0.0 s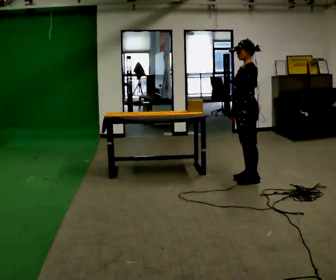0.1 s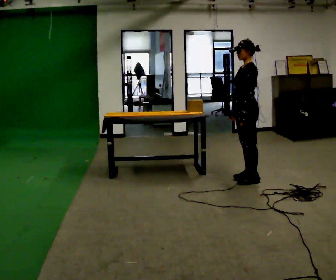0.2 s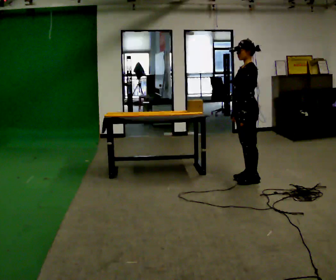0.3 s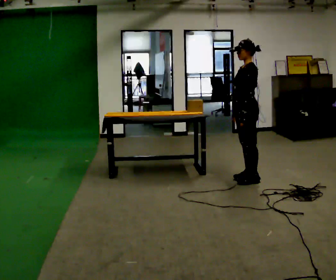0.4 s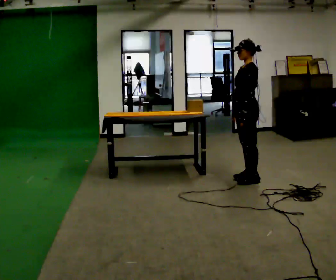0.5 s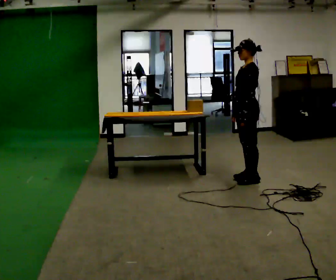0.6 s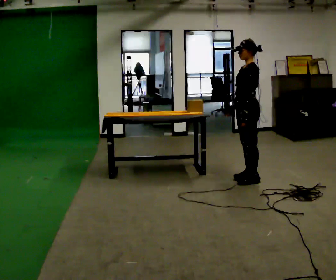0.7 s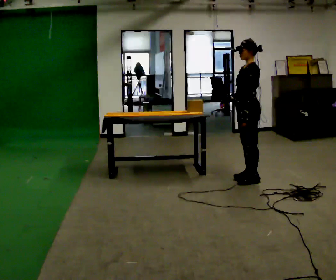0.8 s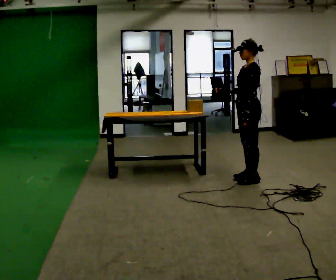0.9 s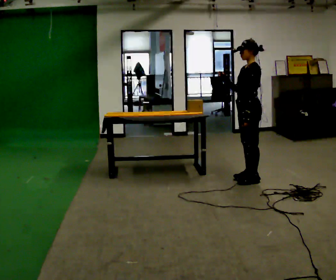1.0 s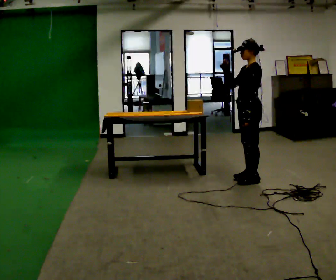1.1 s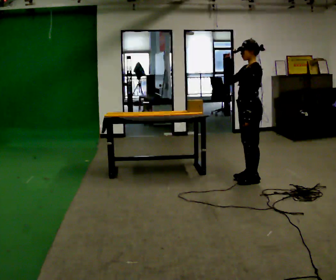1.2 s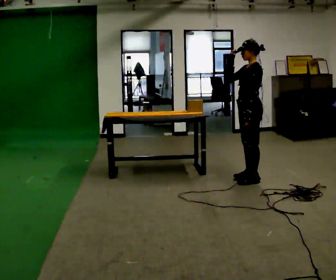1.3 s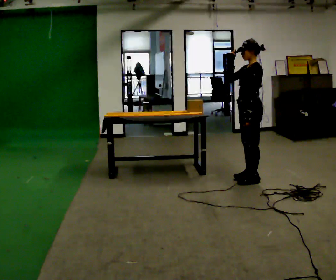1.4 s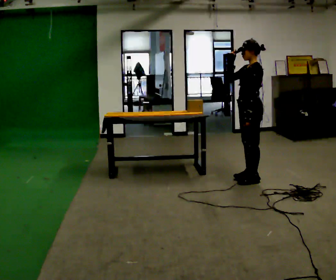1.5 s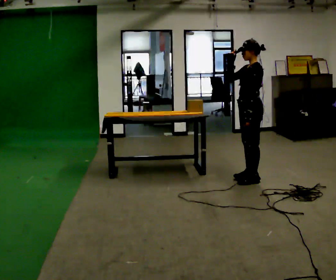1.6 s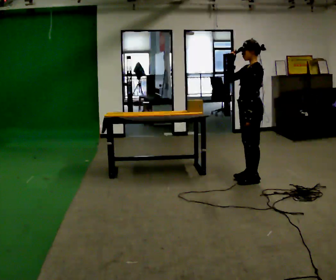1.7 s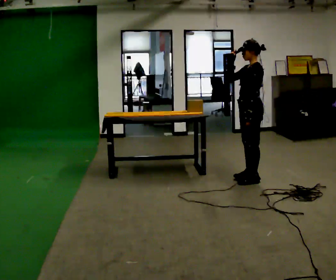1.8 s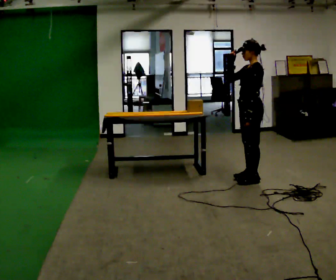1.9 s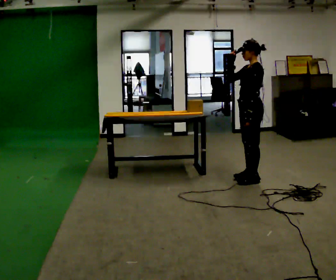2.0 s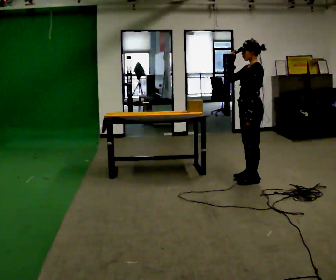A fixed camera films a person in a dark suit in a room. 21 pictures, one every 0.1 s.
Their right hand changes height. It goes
upward.
0.0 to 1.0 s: In the picture their right hand goes upward, the arm swinging clockwise.
1.0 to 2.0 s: The person moves a little, or ends about where they began.
The film runs backward here.
